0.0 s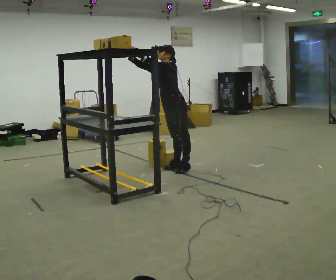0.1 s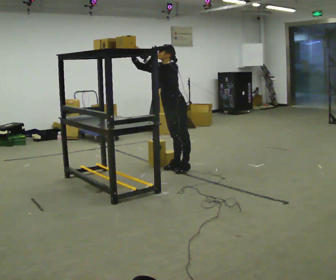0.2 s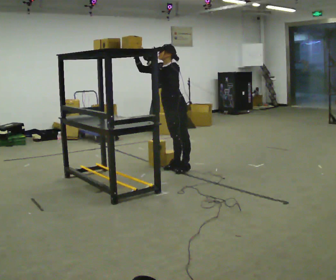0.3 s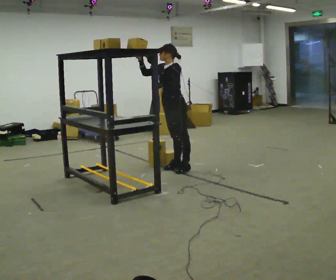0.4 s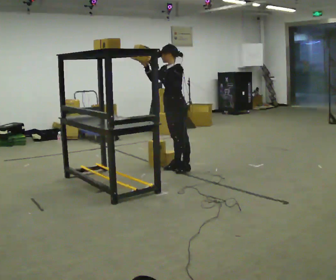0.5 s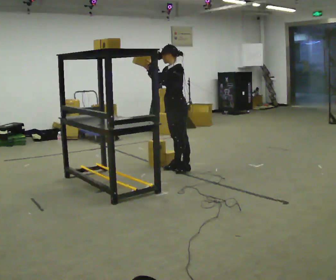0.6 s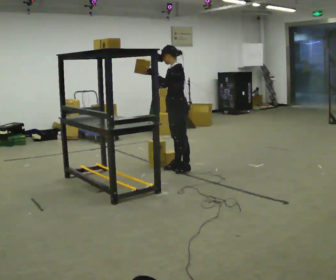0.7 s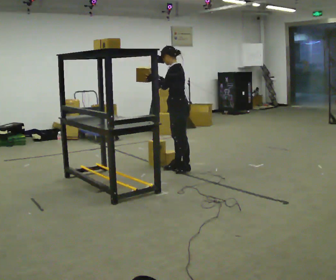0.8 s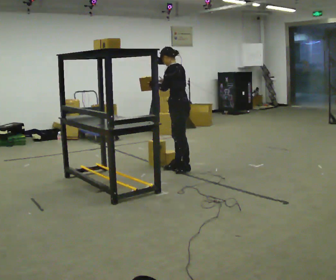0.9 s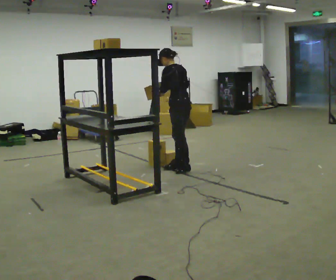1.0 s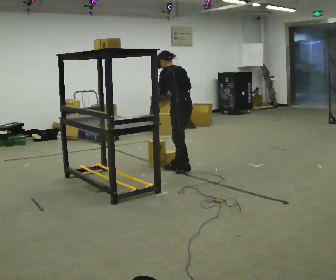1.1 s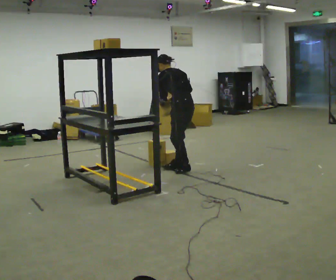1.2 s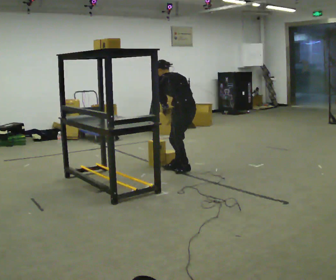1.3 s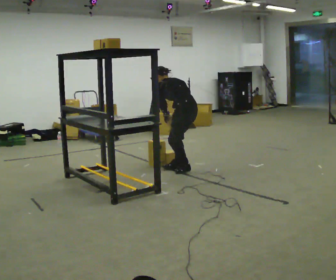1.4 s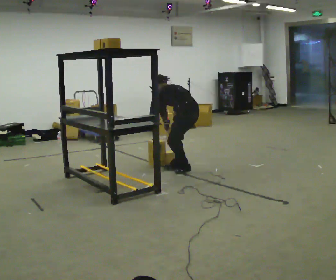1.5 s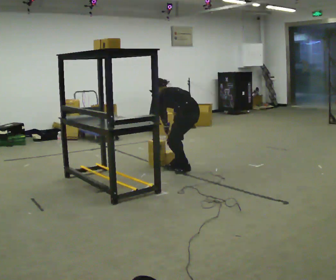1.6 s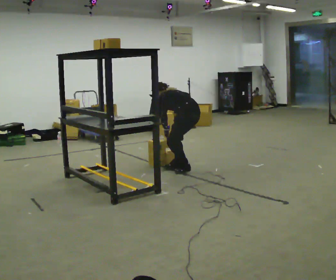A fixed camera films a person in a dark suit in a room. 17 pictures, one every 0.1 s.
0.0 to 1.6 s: Seen from above the body turns clockwise, about 75 degrees: to their right, with its near side sliding to the left. In the picture they go to the right, about 0.25 m. The upper body goes downward. The upper body tips away from the camera, its near side rolling upward, as they bend forward. In the picture their right hand goes downward and to the right.
The film runs forward here.
